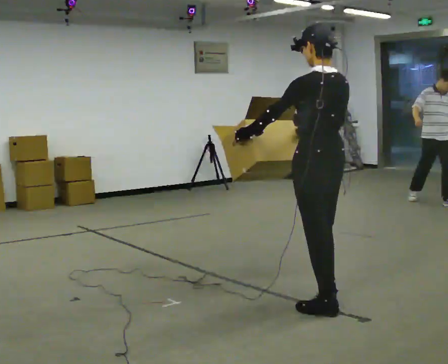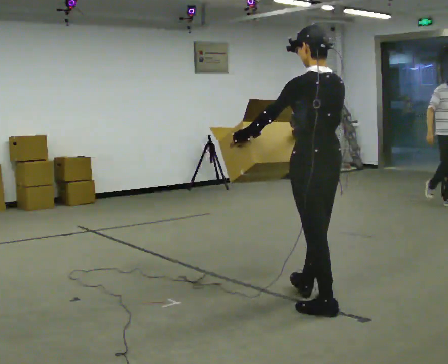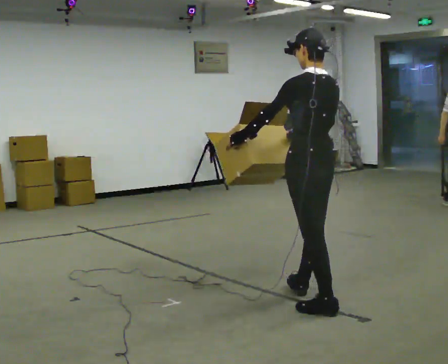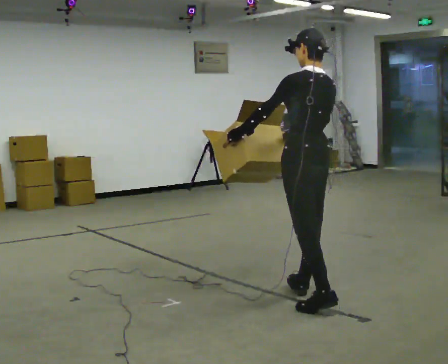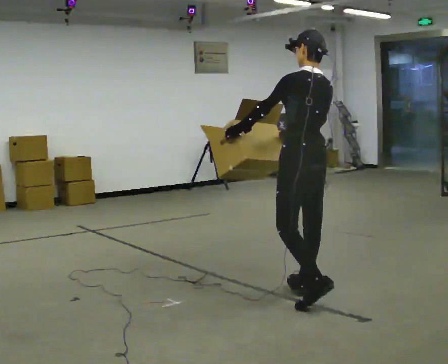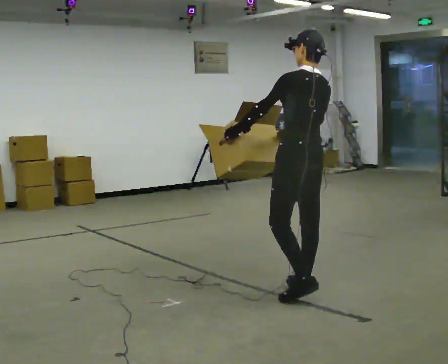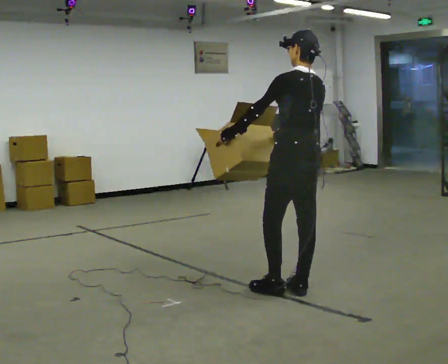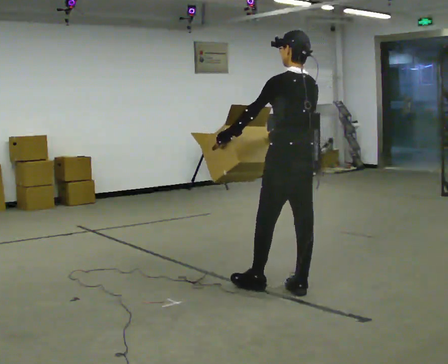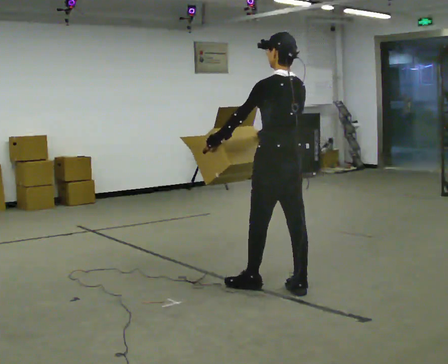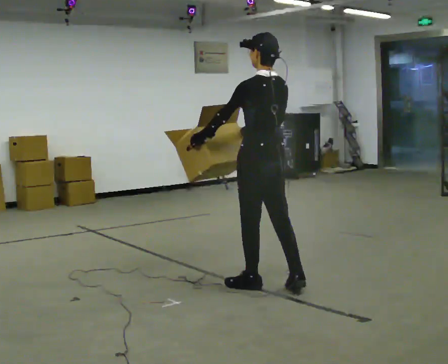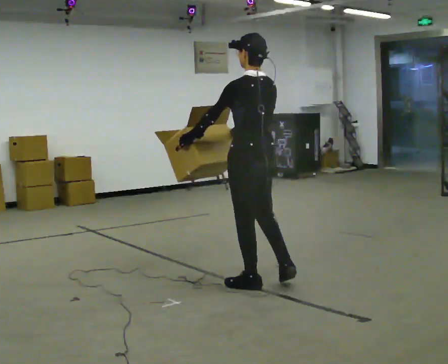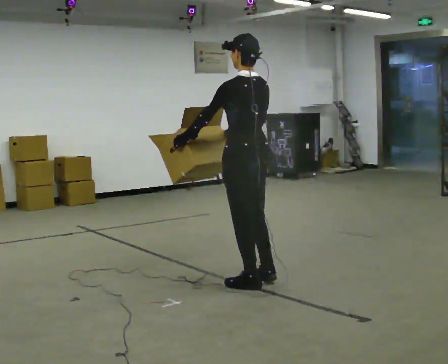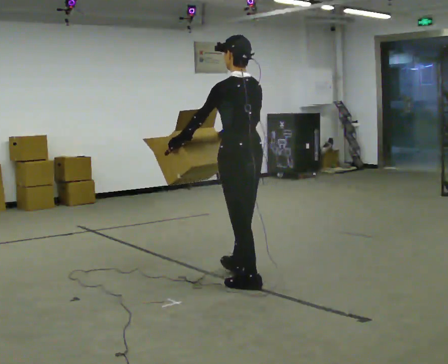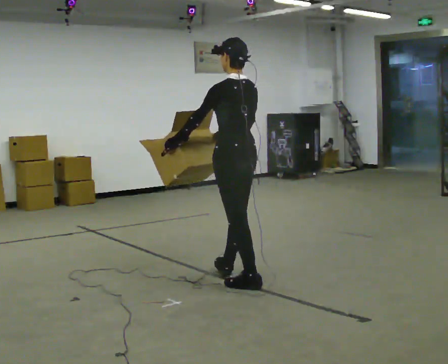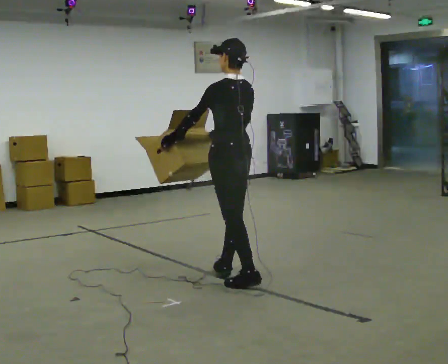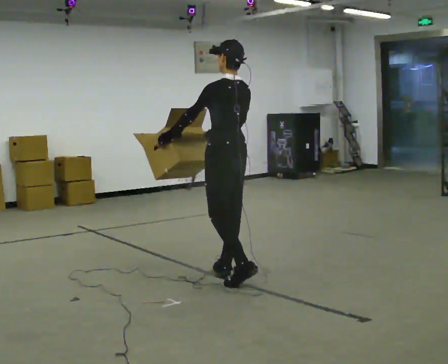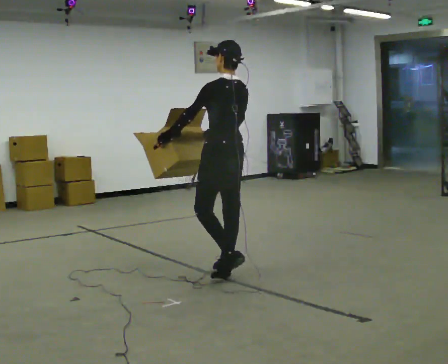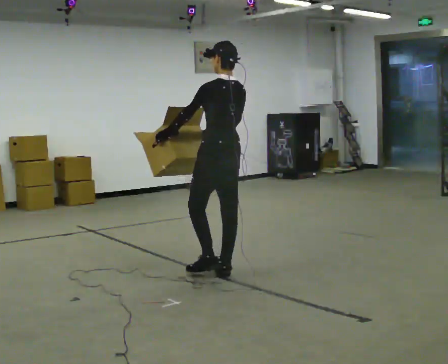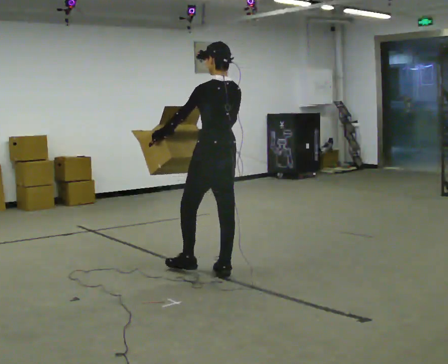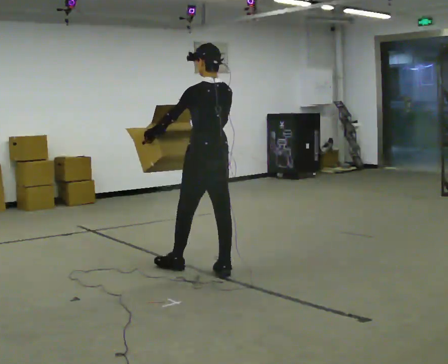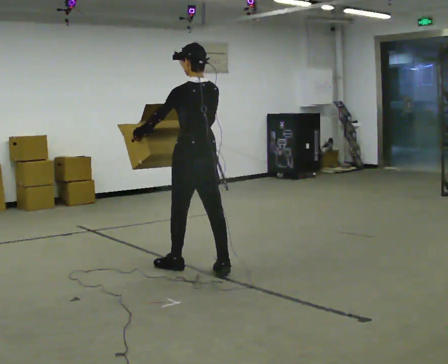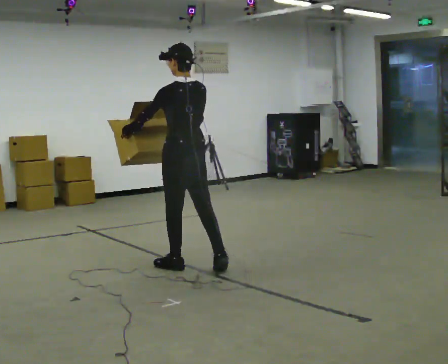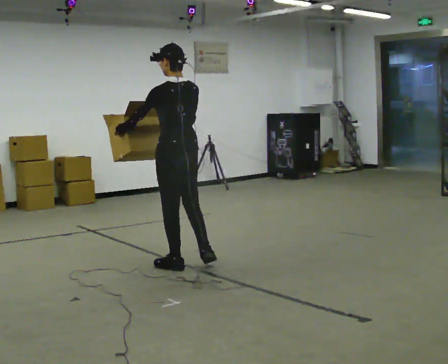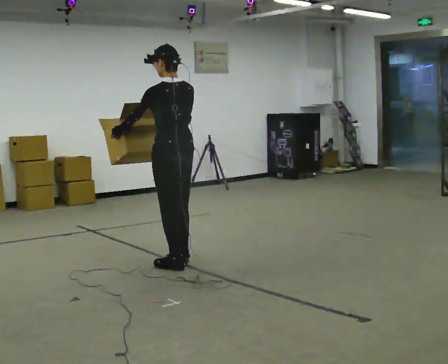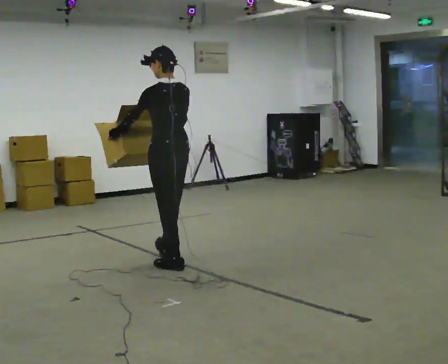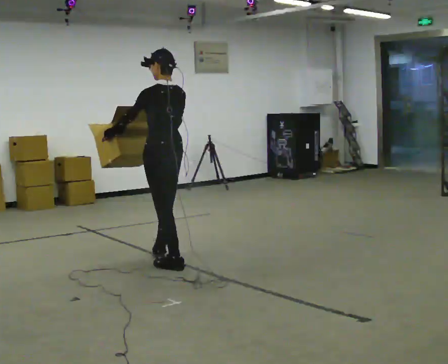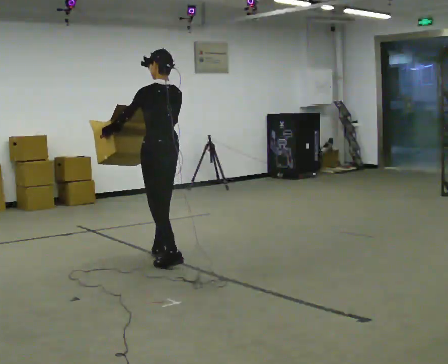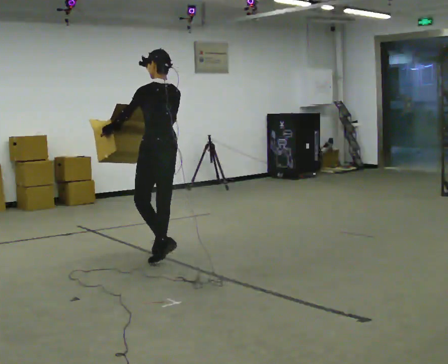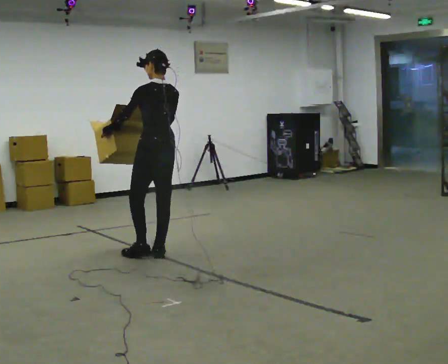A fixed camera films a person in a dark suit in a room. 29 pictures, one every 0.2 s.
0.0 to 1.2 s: In the picture they go away from the camera, about 0.25 m in 1 step, which for them is forward.
1.2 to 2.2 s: In the picture they go to the left and away from the camera, about 0.5 m in 1 step, which for them is forward and to their left.
2.2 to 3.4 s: In the picture they go away from the camera and to the left, about 0.5 m in 1 step, which for them is forward.
3.4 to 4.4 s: In the picture they go to the left, about 0.25 m in 1 step, which for them is forward and to their left.
4.4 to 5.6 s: In the picture they go away from the camera and to the left, about 0.5 m in 1 step, which for them is forward.
The film runs forward here.
